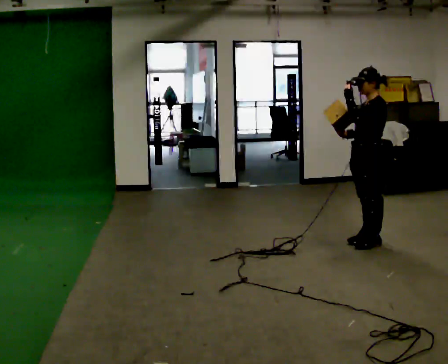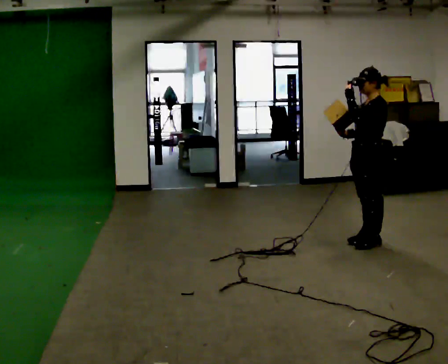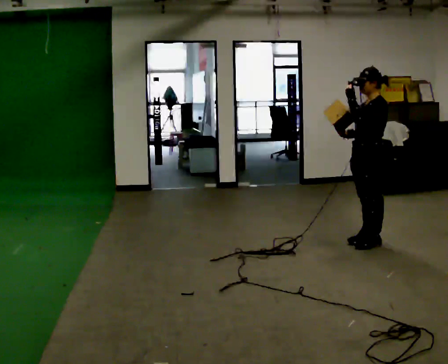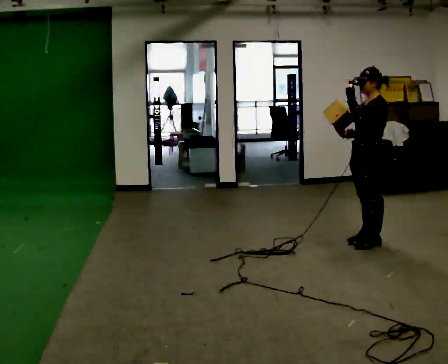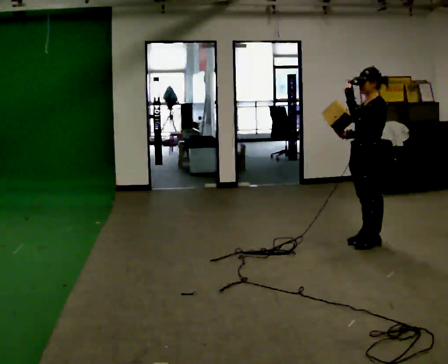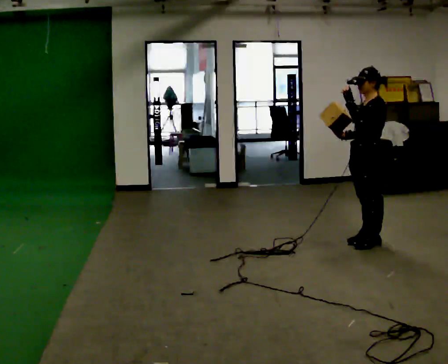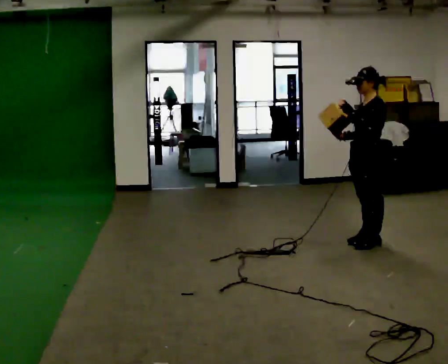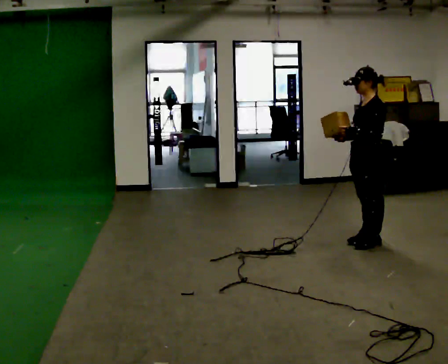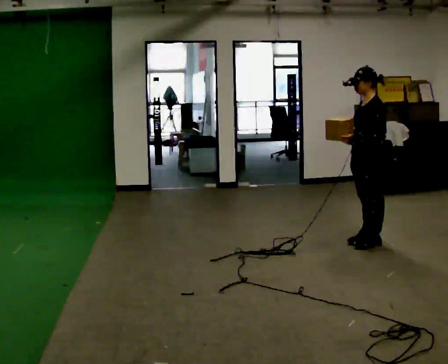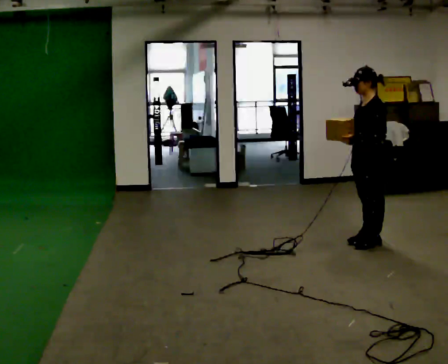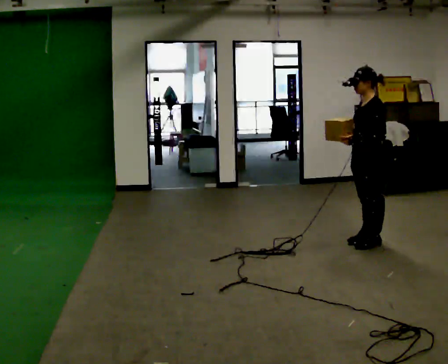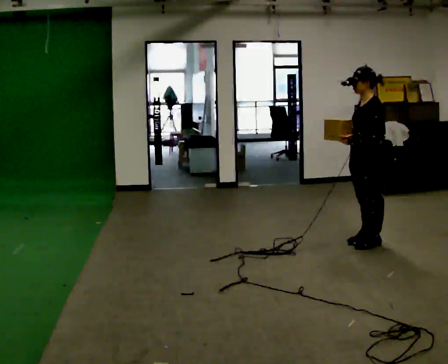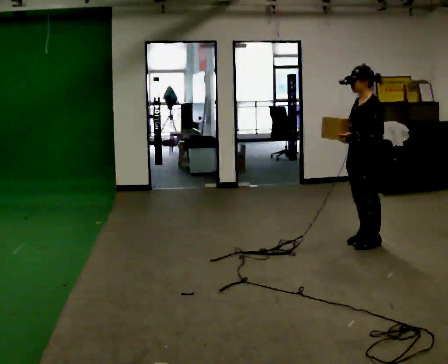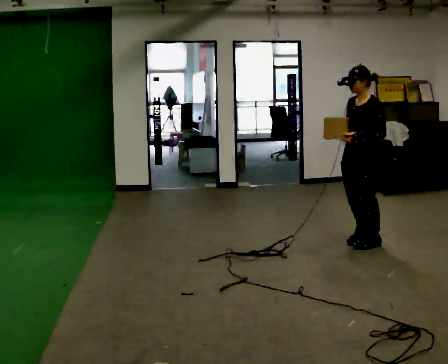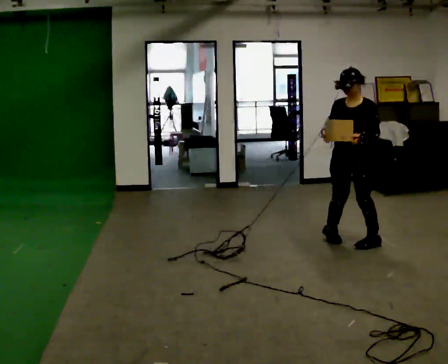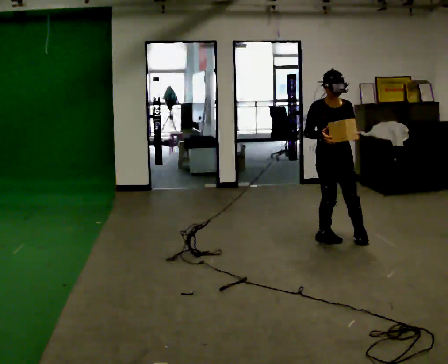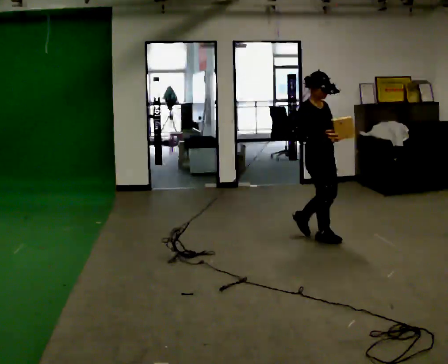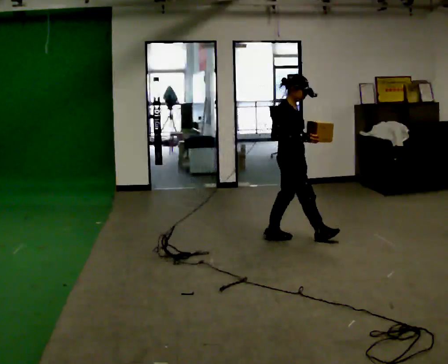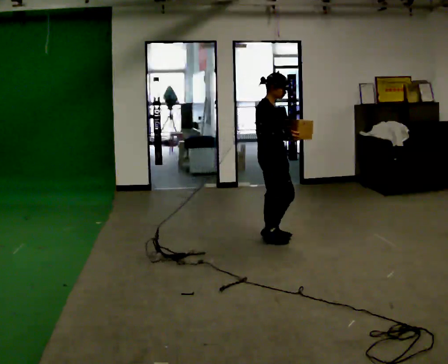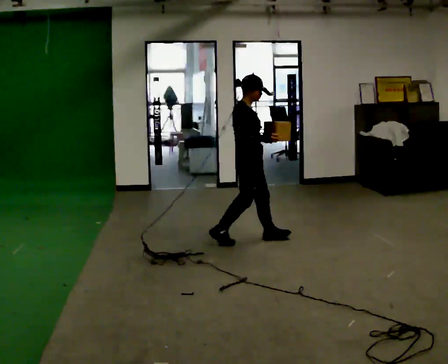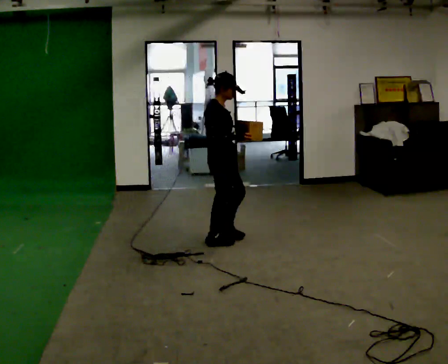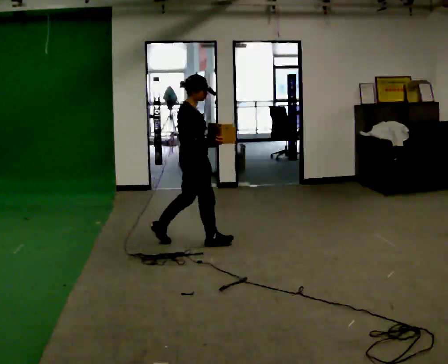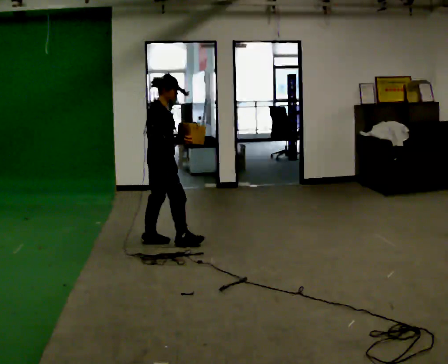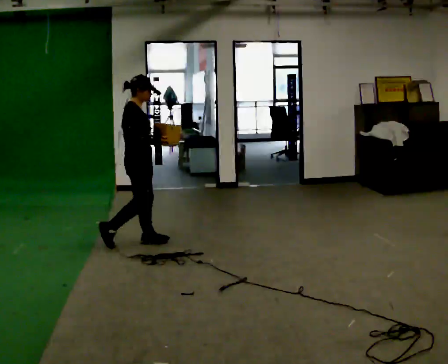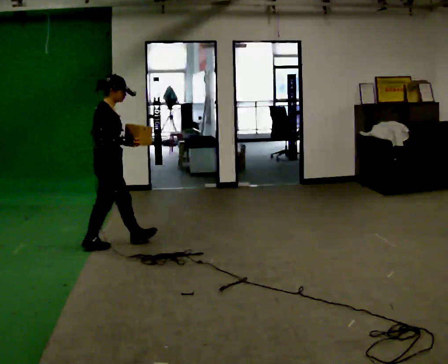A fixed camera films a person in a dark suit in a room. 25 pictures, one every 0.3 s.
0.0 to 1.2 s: The person keeps their place and pose.
1.2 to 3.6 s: The person moves a little, or ends about where they began.
3.6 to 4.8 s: Seen from above the body turns counterclockwise, about 135 degrees: to their left, with its near side sliding to the right. In the picture they go to the left, about 0.5 m in 2 steps.
4.8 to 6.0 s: The person turns about 45 degrees to their left, counterclockwise seen from above, so the part of the body nearest the lens slides to the right. In the picture they go to the left, about 1 m in 2 steps, which for them is backward.
6.0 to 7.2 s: In the picture they go to the left and toward the camera, about 1 m in 2 steps, which for them is backward.
The film runs backward here.
